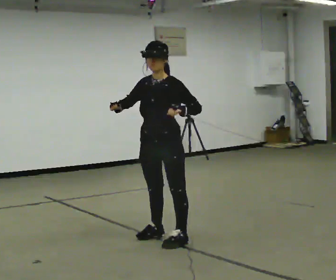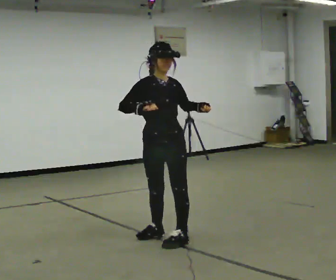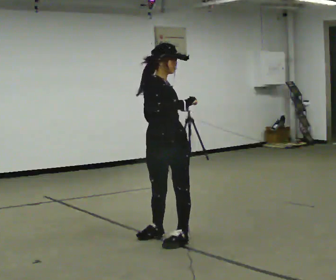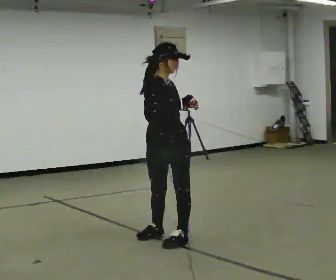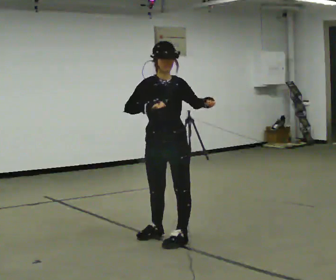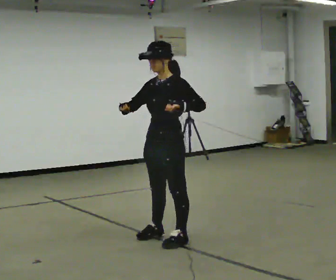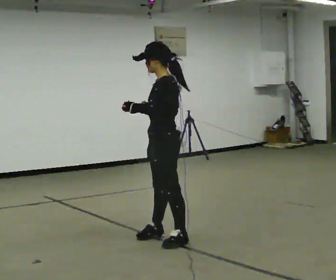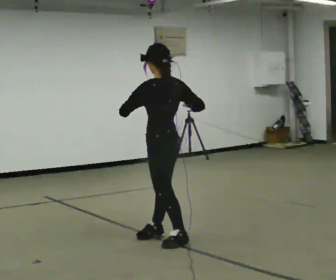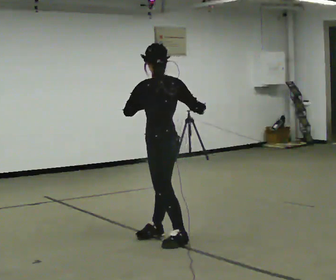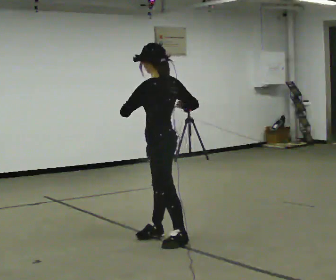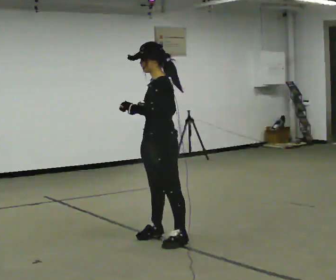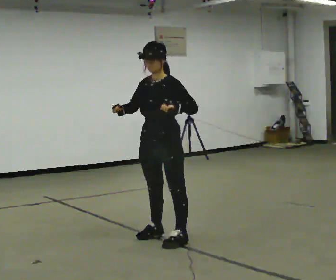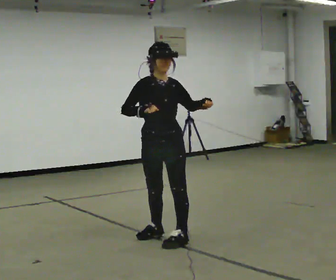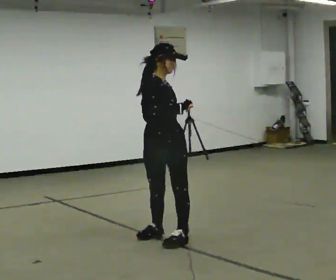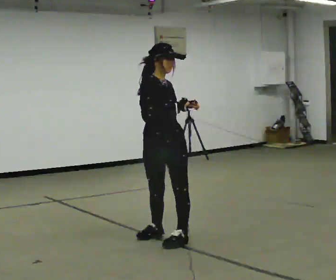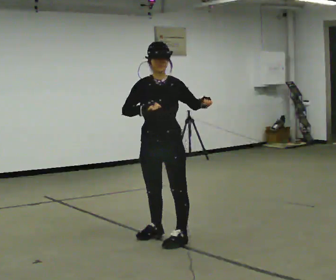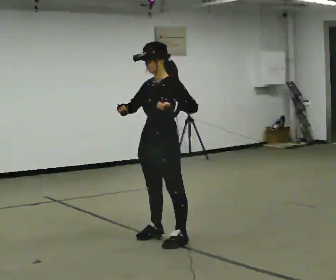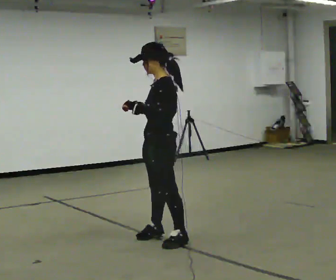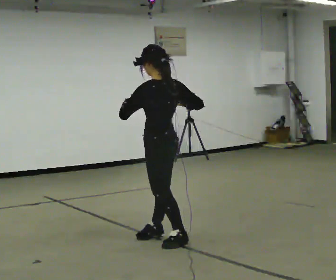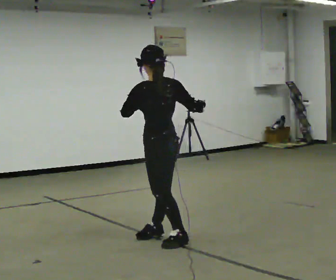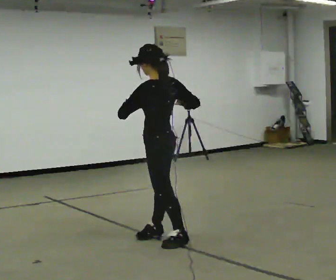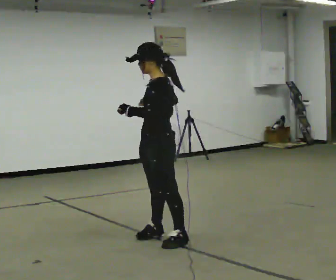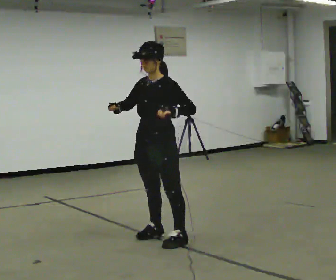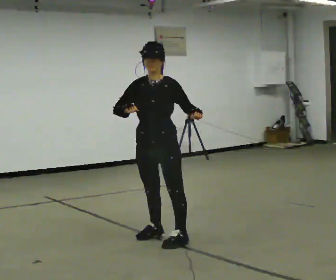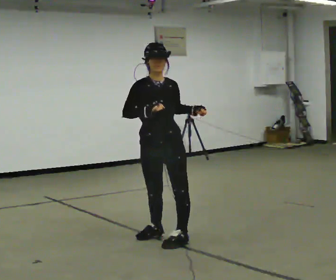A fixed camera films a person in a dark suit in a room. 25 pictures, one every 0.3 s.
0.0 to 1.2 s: The person moves a little, or ends about where they began.
1.2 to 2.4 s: Seen from above the body turns clockwise, about 120 degrees: to their right, with its near side sliding to the left. In the picture their right hand goes to the right.
2.4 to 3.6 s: The part of the body nearest the lens slides to the right as the person turns to their left by about 135 degrees. In the picture their right hand goes to the left.
3.6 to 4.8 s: The person turns about 60 degrees to their right, clockwise seen from above, so the part of the body nearest the lens slides to the left. In the picture their left hand goes to the left.
4.8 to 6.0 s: The part of the body nearest the lens slides to the left as the person turns to their right by about 60 degrees. In the picture their right hand goes to the right.
6.0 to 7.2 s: The person turns about 105 degrees to their left, counterclockwise seen from above, so the part of the body nearest the lens slides to the right.
The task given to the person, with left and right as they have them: Keeping your feet still, turn your upper body to look behind you on one side, return to the front, then turn to the other side. Repeat the movement at your own pace until the operator says stop; do not rush.
The film runs forward here.
